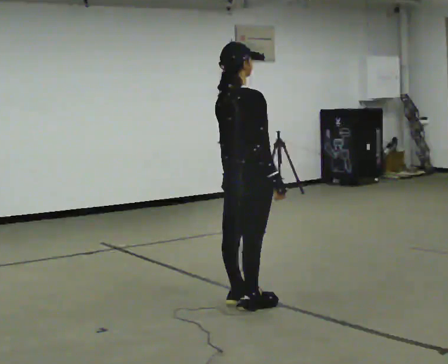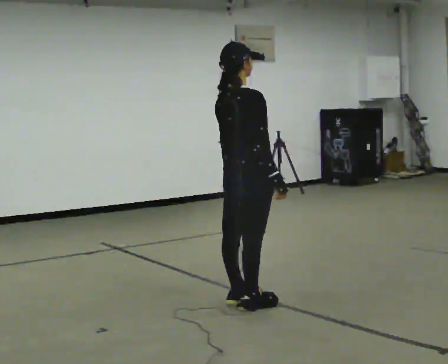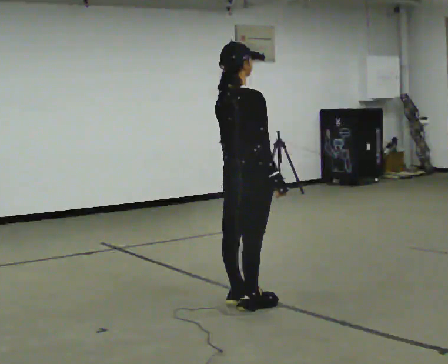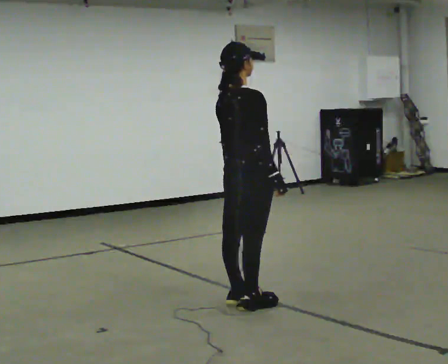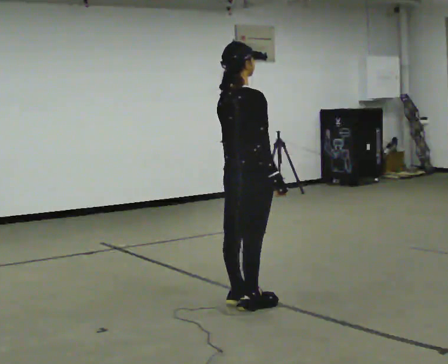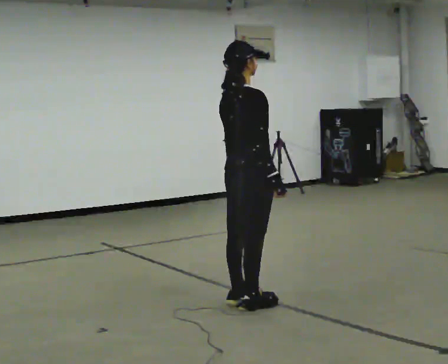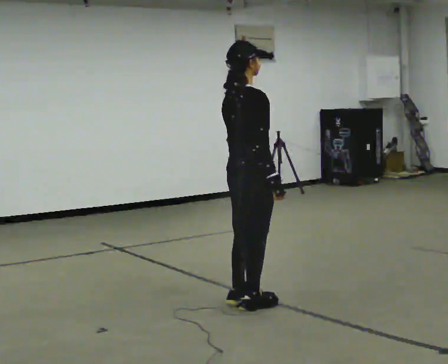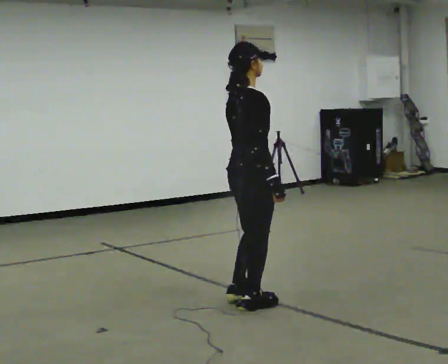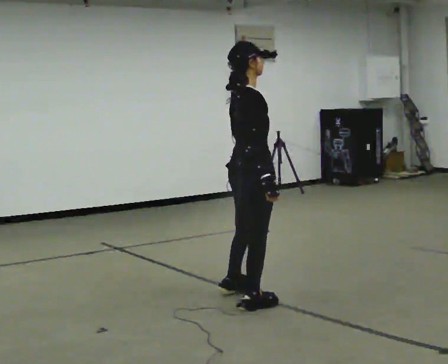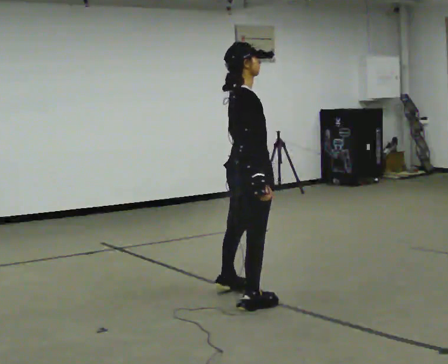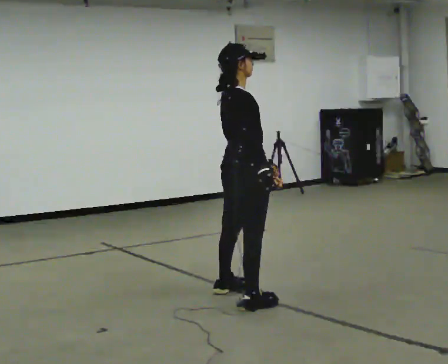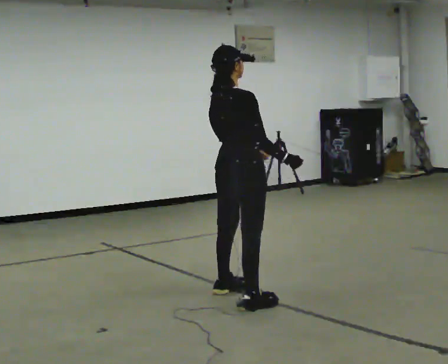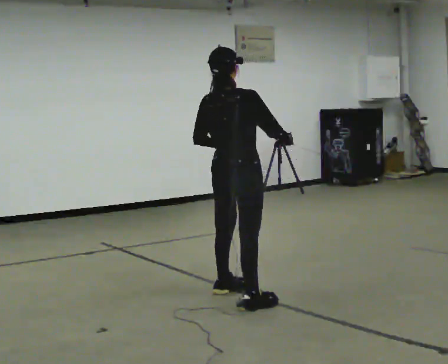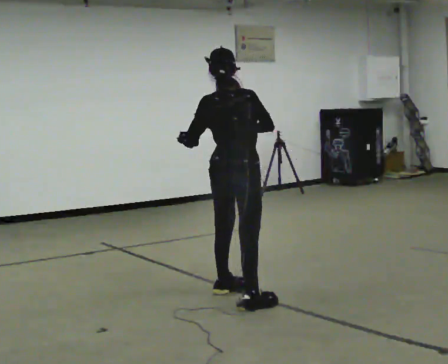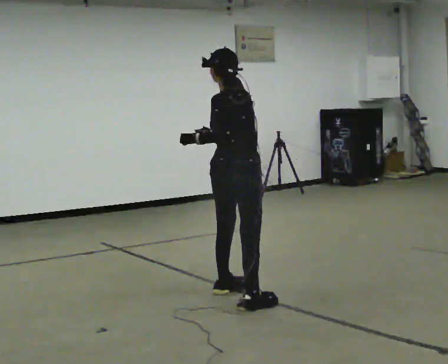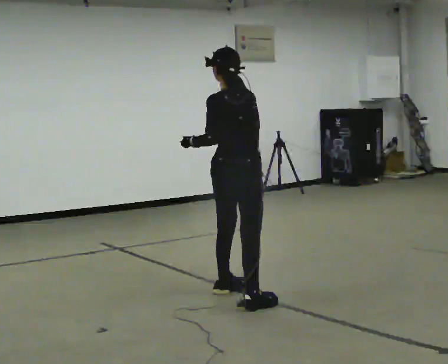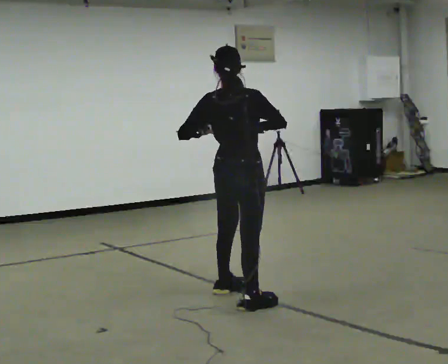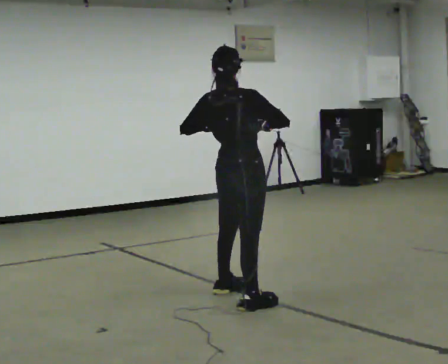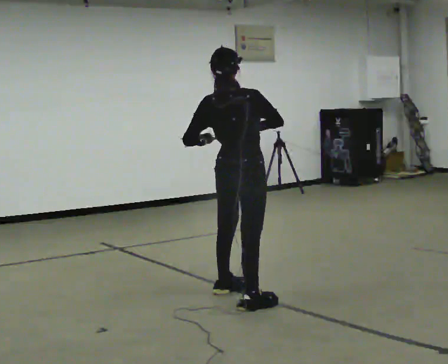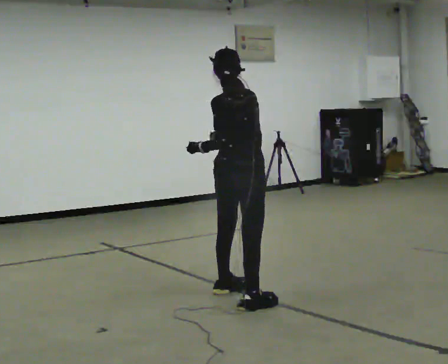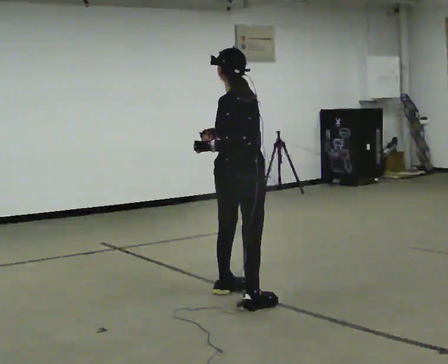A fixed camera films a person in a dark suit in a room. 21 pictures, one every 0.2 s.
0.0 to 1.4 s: The person moves a little, or ends about where they began.
1.4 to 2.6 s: The part of the body nearest the lens slides to the right as the person turns to their left by about 60 degrees. In the picture they go away from the camera, about 0.25 m in 1 step.
2.6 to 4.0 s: The person moves a little, or ends about where they began.
The film runs forward here.
